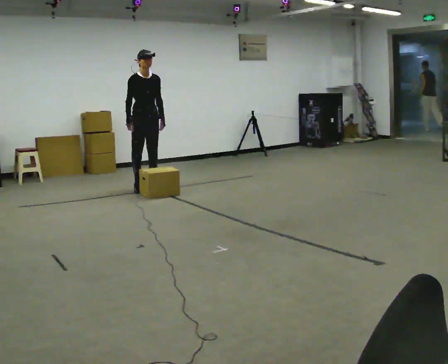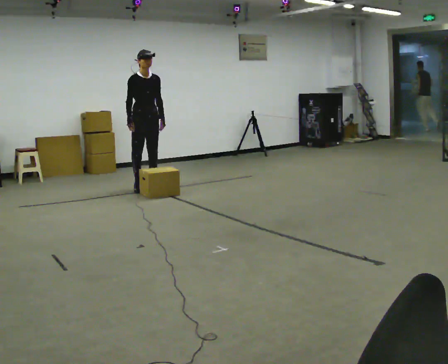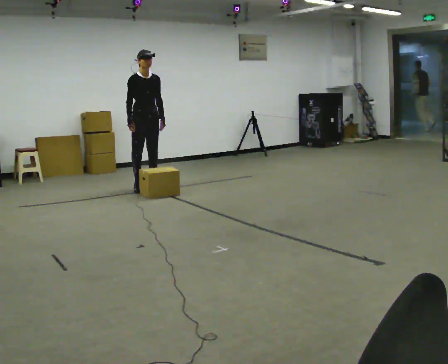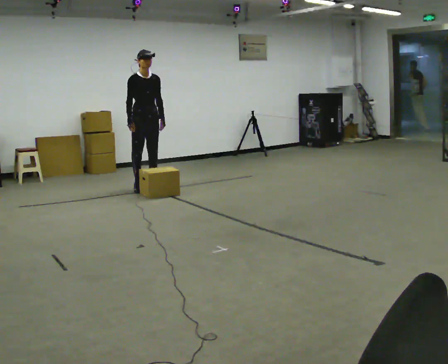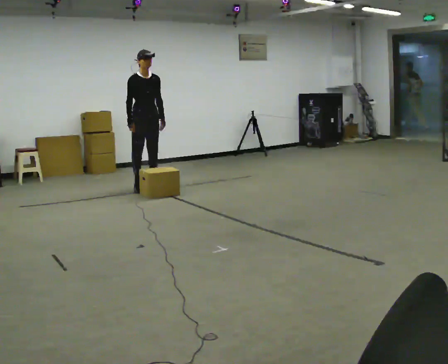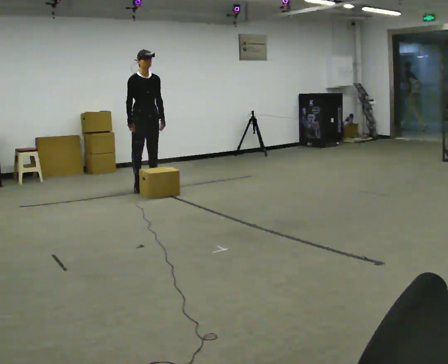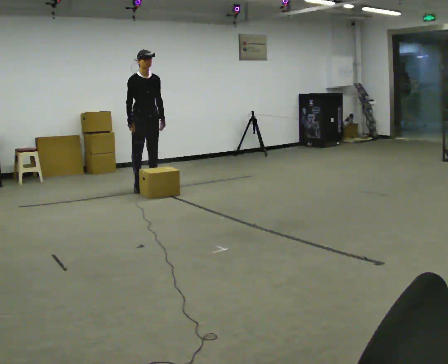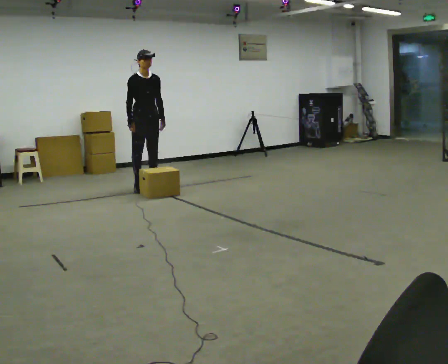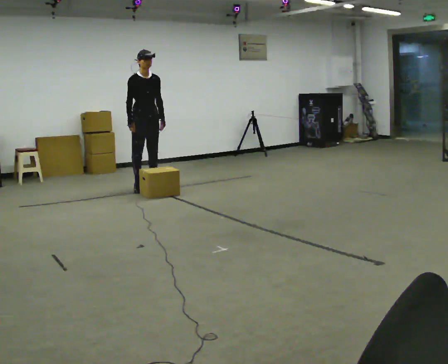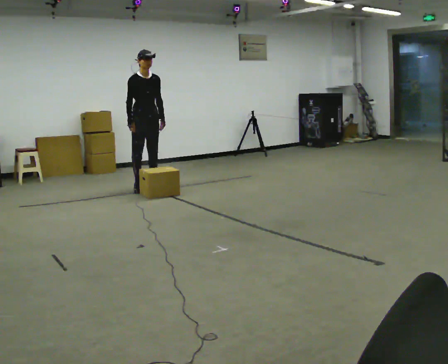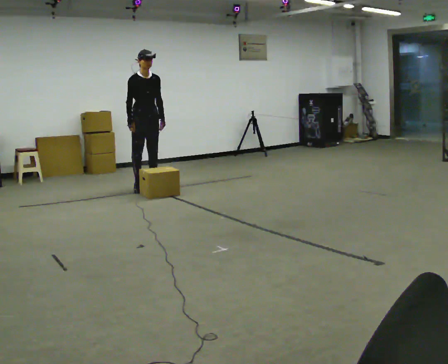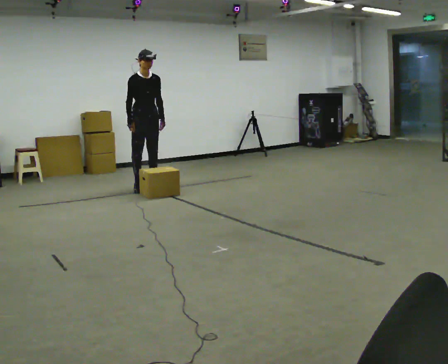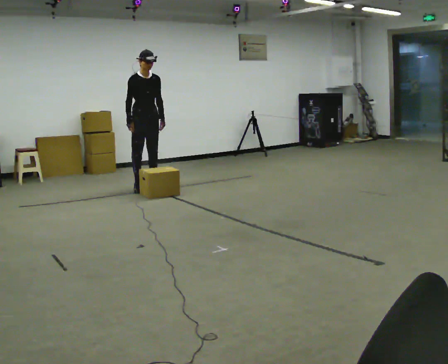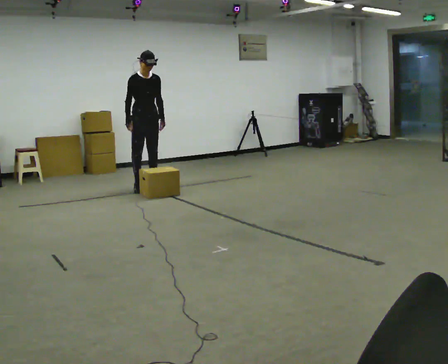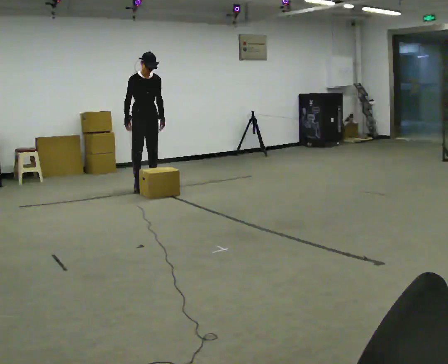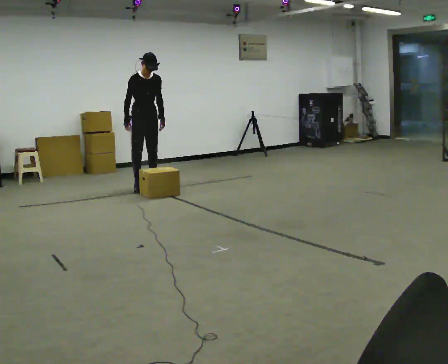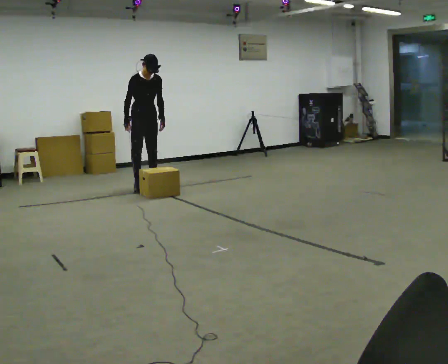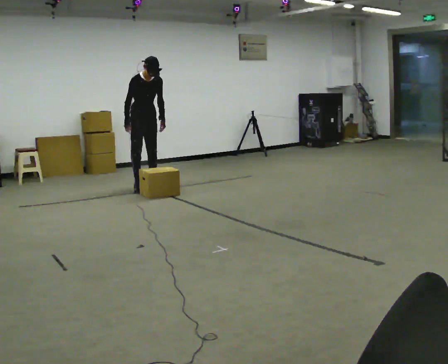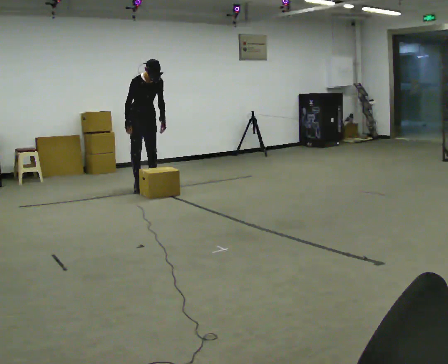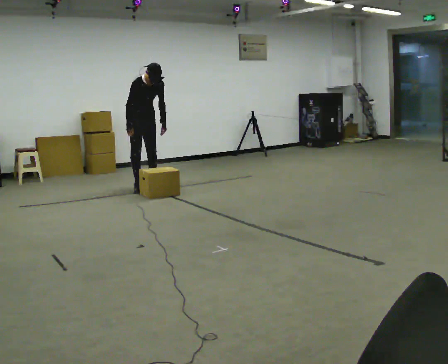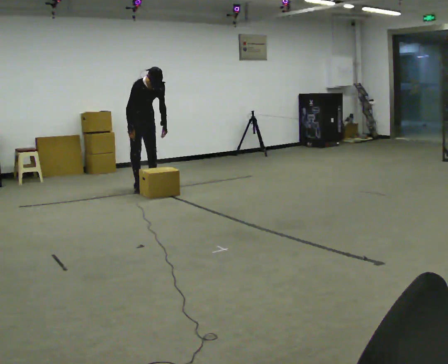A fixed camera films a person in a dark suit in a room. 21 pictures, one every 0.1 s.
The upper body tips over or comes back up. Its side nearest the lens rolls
downward.
0.0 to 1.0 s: The person keeps their place and pose.
1.0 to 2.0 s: The upper body tips toward the camera, its near side rolling downward, as they bend forward.
The film runs forward here.
